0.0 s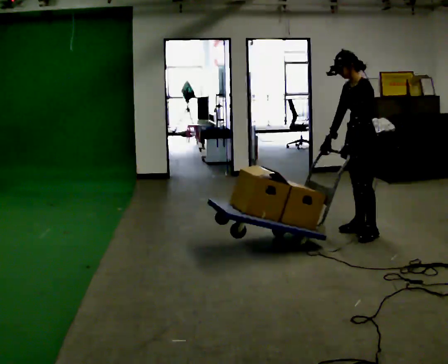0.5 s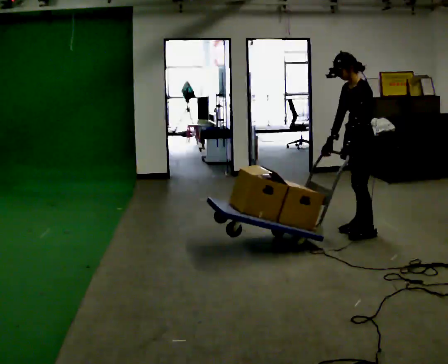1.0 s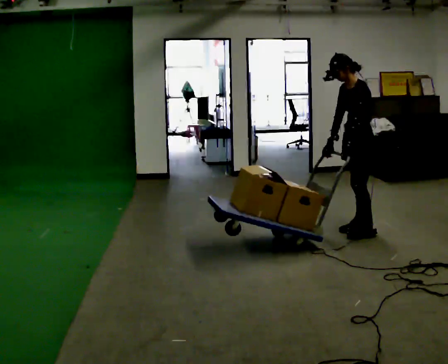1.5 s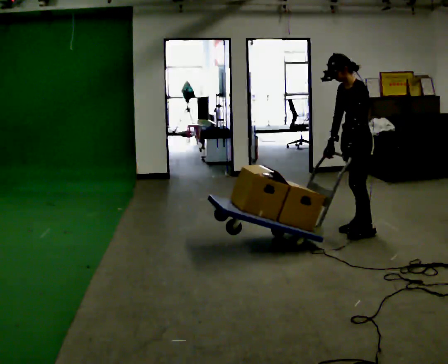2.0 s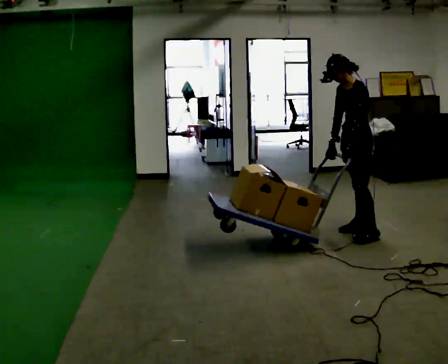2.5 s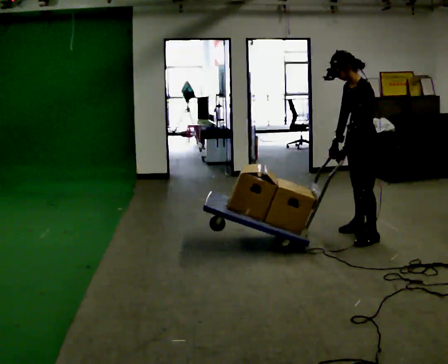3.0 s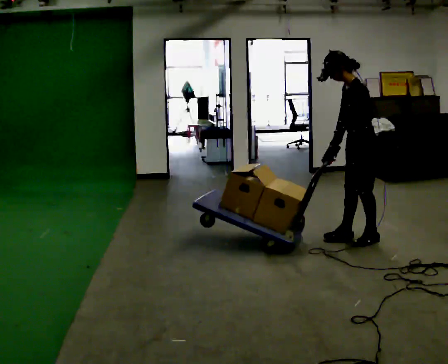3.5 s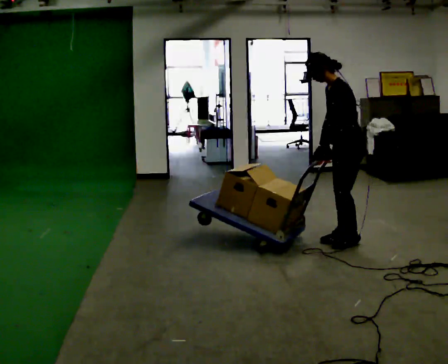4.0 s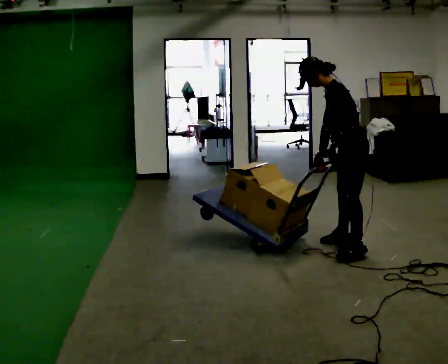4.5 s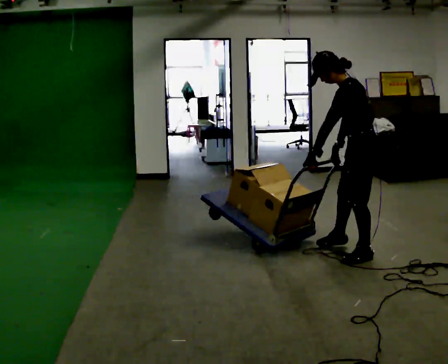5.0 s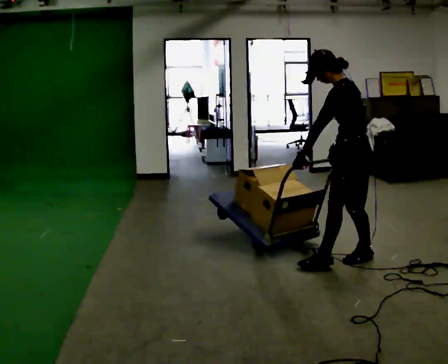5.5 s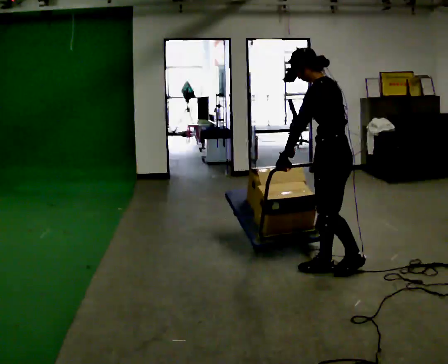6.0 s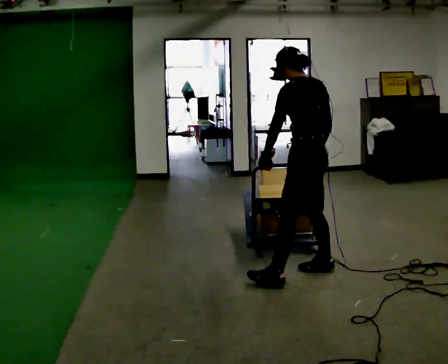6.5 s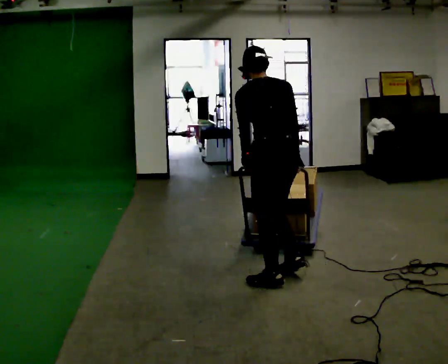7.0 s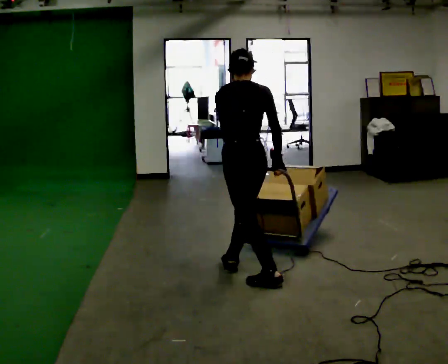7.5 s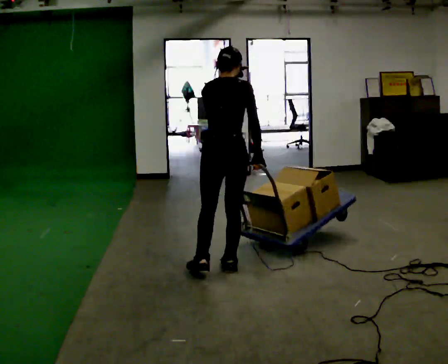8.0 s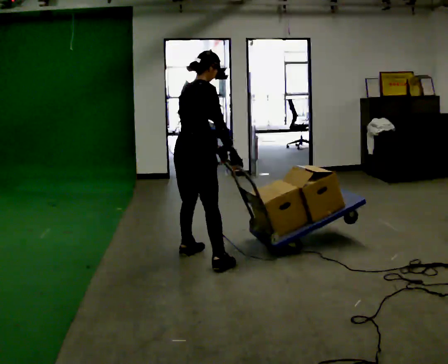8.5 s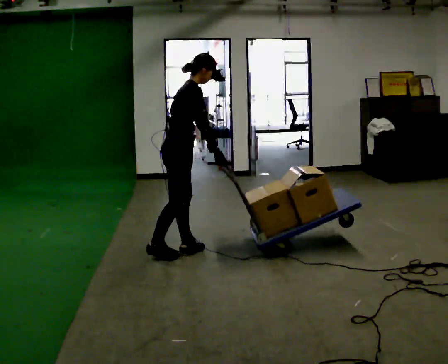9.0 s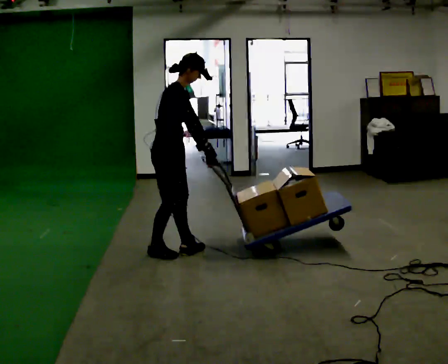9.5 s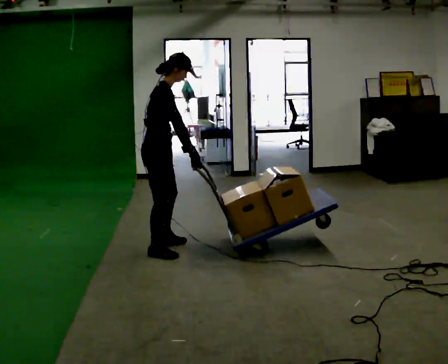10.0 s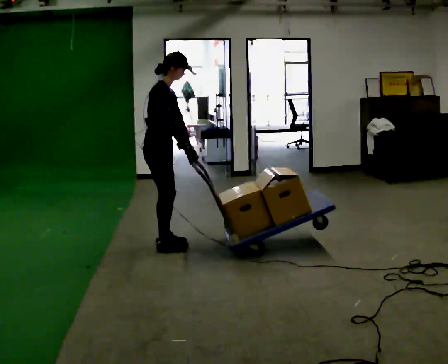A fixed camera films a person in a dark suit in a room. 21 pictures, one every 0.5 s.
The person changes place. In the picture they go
to the left.
The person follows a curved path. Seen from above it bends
clockwise.
0.0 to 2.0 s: The person moves a little, or ends about where they began.
2.0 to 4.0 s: The part of the body nearest the lens slides to the left as the person turns to their right by about 30 degrees. In the picture they go toward the camera, about 0.5 m in 1 step, which for them is to their left. In the picture the upper body tilts counterclockwise, shoulders to the left.
4.0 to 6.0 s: The person turns about 30 degrees to their right, clockwise seen from above, so the part of the body nearest the lens slides to the left. In the picture they go toward the camera and to the left, about 0.5 m in 3 steps, which for them is to their left and forward. In the picture the upper body tilts clockwise, shoulders to the right, as they lean back or straighten.
6.0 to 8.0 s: The part of the body nearest the lens slides to the left as the person turns to their right by about 105 degrees. In the picture they go to the left, about 1 m in 2 steps.
8.0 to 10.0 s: The part of the body nearest the lens slides to the left as the person turns to their right by about 45 degrees. In the picture they go to the left and away from the camera, about 0.5 m in 3 steps, which for them is backward and to their left.
The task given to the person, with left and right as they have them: Turn the cart round to face the other way without moving it out of the marked square, then turn it back. Repeat until the operator says stop.
The film runs forward here.
